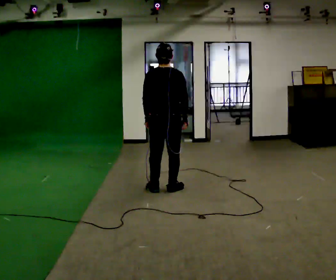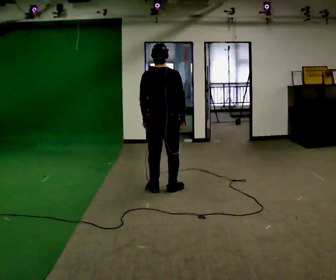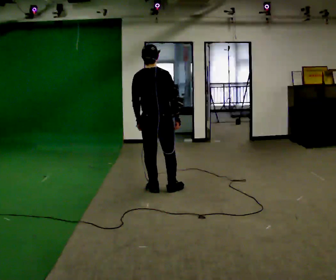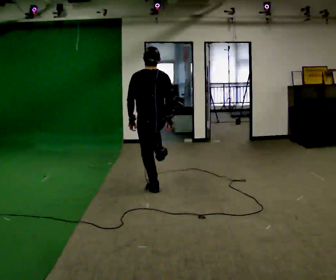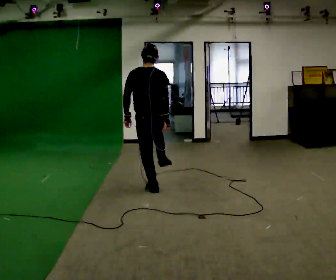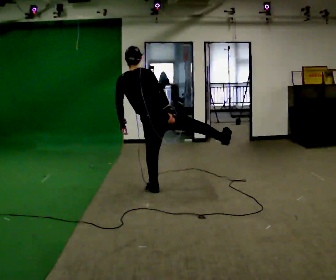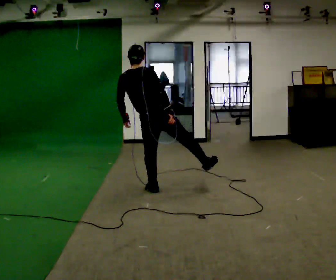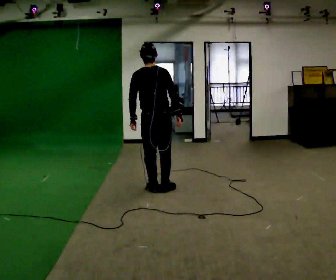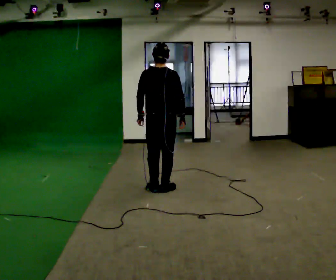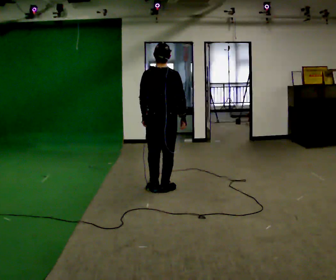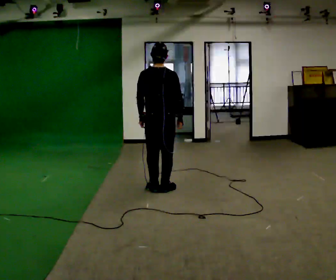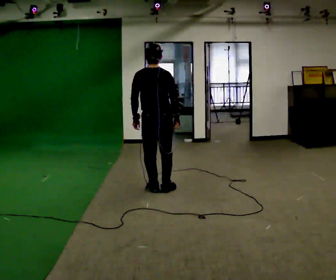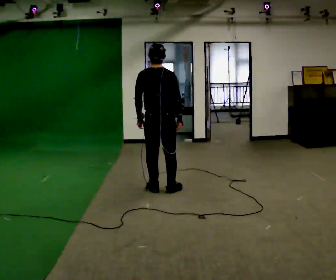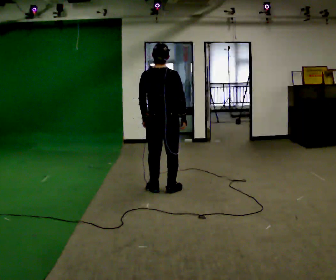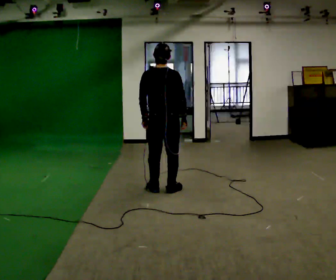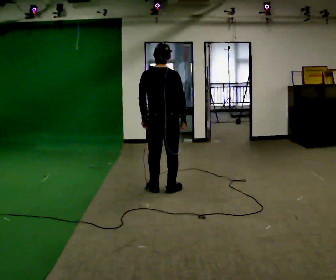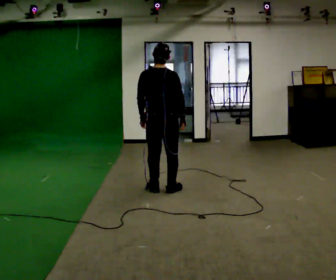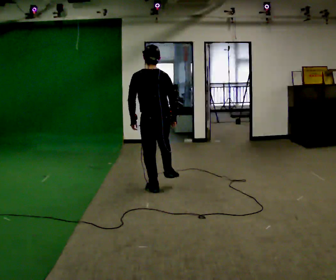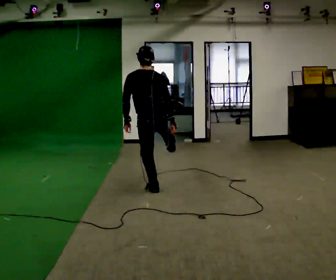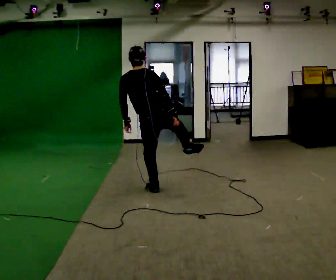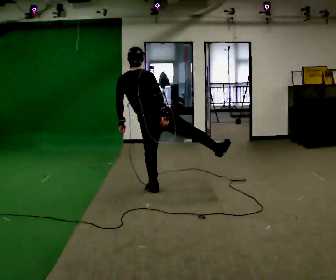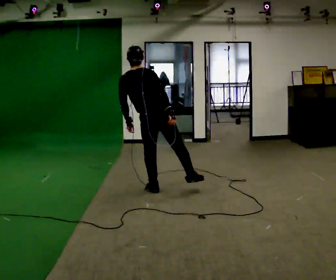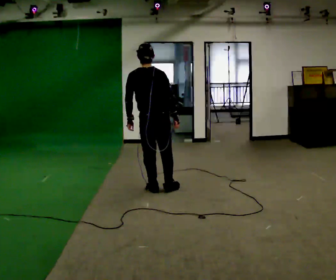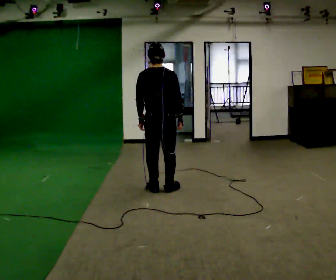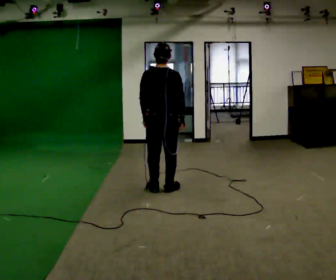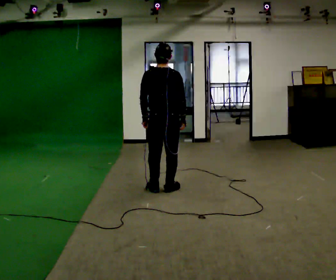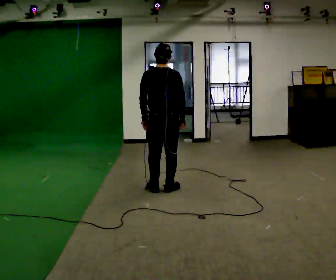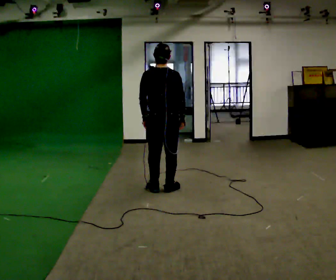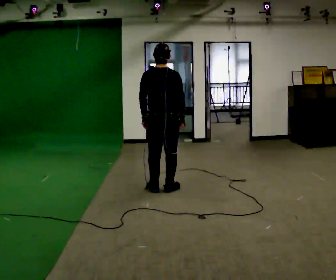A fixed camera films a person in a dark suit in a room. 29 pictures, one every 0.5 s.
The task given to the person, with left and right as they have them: Kick into the air with each leg in turn, front kicks and side kicks, at a comfortable height. Repeat the movement at your own pace until the operator says stop; do not rush.
0.0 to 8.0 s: The person moves a little, or ends about where they began.
8.0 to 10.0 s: In the picture the upper body tilts counterclockwise, shoulders to the left.
10.0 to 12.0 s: In the picture the upper body tilts clockwise, shoulders to the right.
12.0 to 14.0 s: The person moves a little, or ends about where they began.
The film runs forward here.
